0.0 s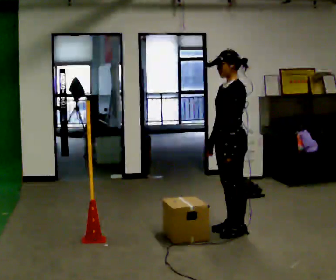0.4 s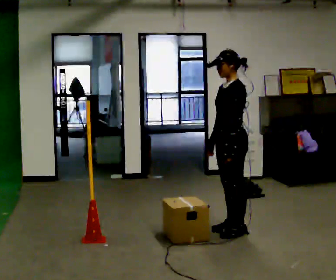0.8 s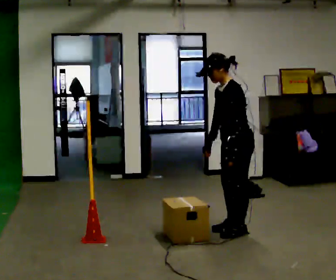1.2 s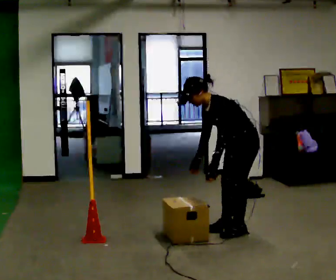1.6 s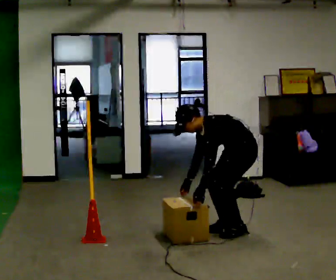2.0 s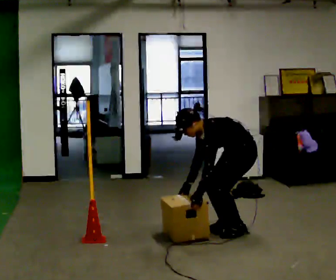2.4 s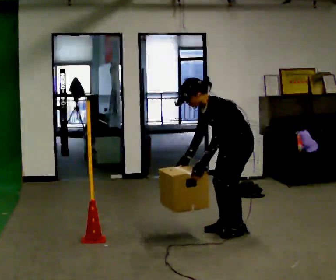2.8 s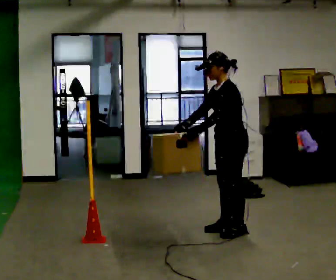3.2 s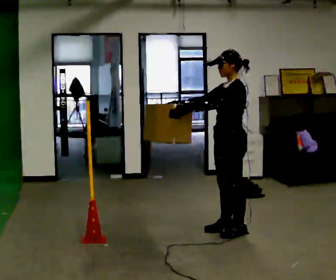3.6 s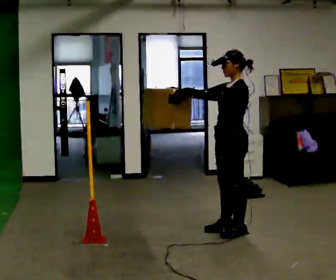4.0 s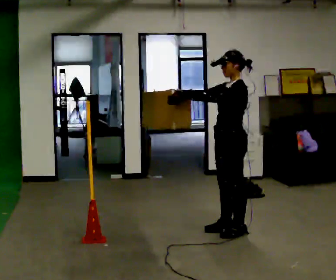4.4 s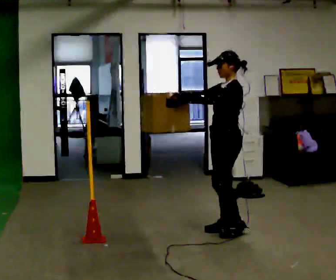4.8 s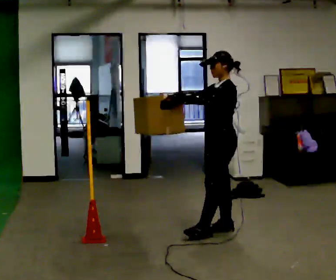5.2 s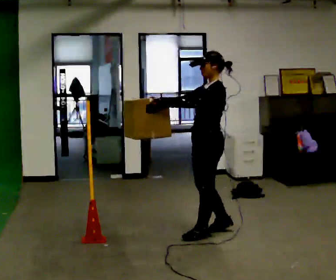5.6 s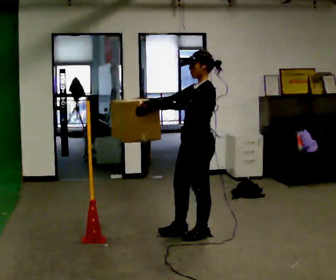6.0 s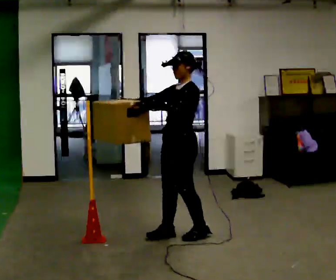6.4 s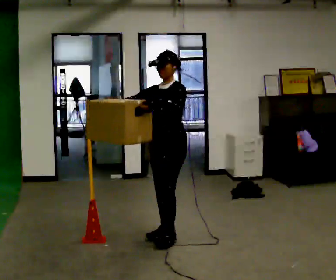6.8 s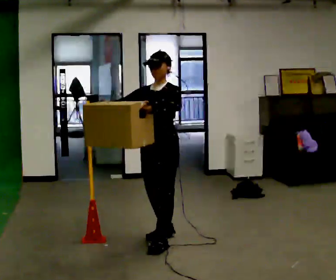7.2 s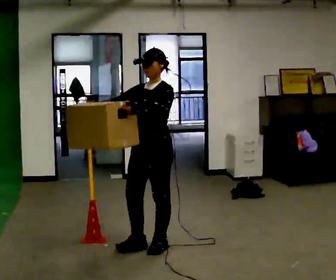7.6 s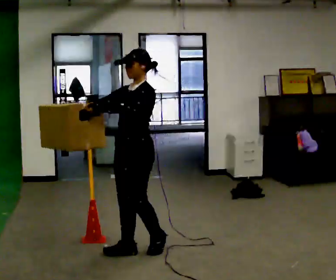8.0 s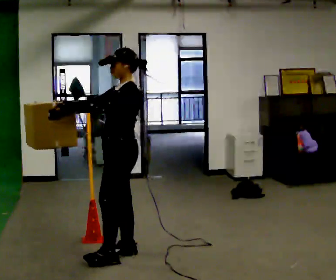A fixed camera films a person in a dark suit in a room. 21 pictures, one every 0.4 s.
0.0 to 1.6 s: The shoulders move downward. In the picture the upper body tilts counterclockwise, shoulders to the left, as they bend forward. In the picture their left hand goes downward.
1.6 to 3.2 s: The shoulders move upward. In the picture the upper body tilts clockwise, shoulders to the right, as they lean back or straighten. In the picture their right hand goes upward, the arm swinging clockwise.
3.2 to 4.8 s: The person moves a little, or ends about where they began.
4.8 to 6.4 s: The part of the body nearest the lens slides to the right as the person turns to their left by about 30 degrees. In the picture they go to the left, about 0.5 m in 2 steps, which for them is forward.
6.4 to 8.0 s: The person turns about 30 degrees to their right, clockwise seen from above, so the part of the body nearest the lens slides to the left. In the picture they go toward the camera and to the left, about 0.5 m in 2 steps, which for them is forward.
The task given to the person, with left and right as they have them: Carry the box across the room. The operator will step into your path partway across, so go around them and carry on. Keep going until the operator says stop; one object at a time, and do not rush between trips.
The film runs forward here.
